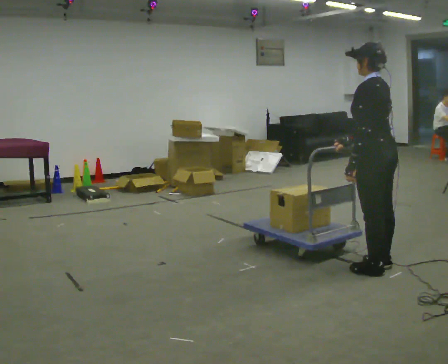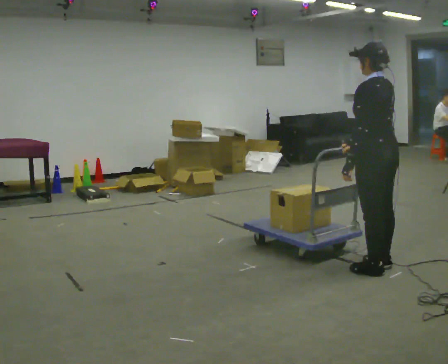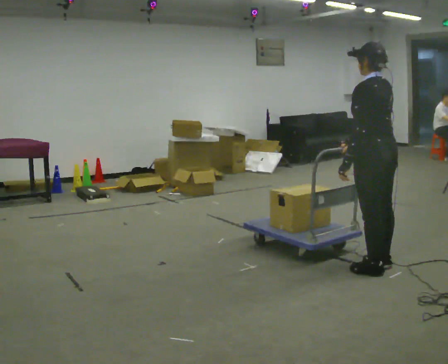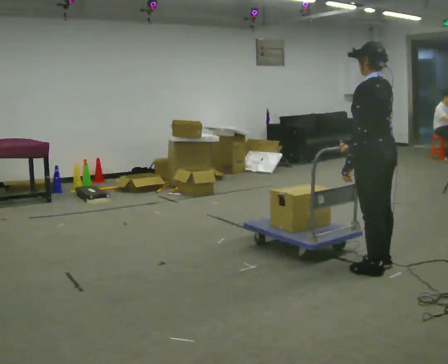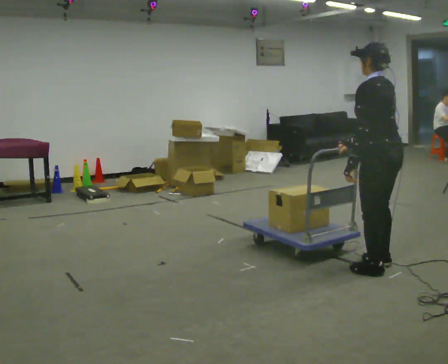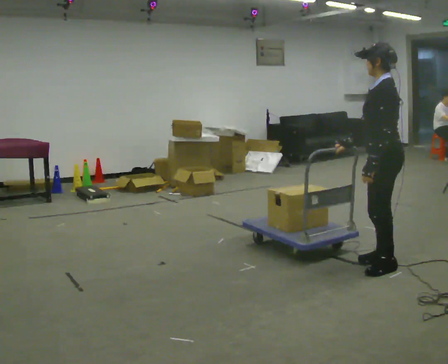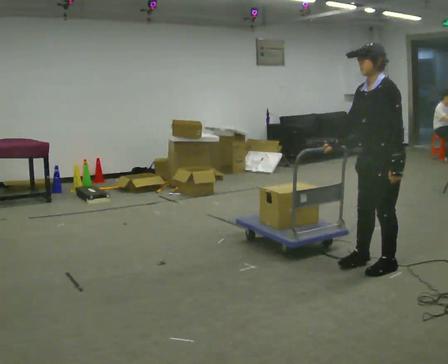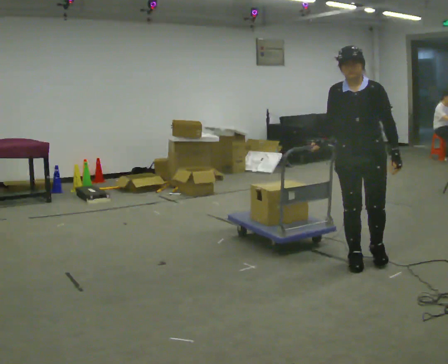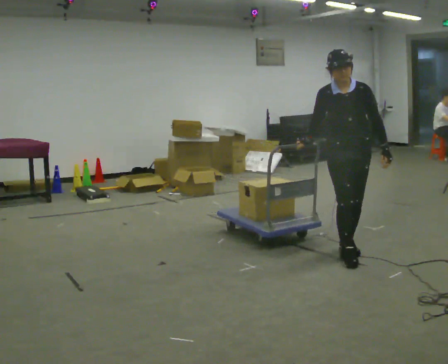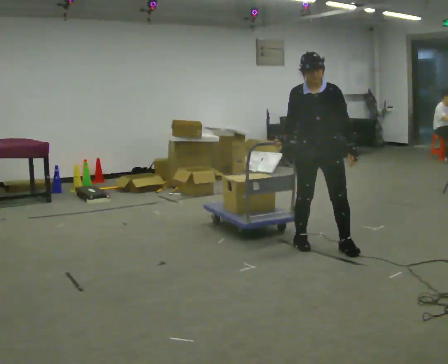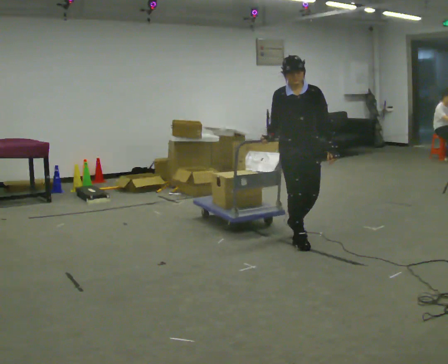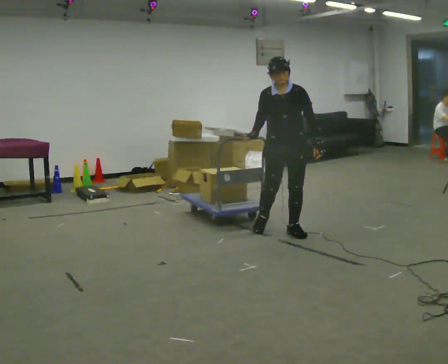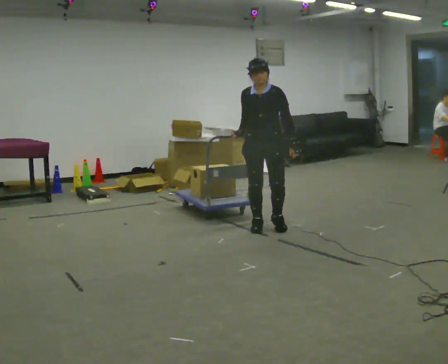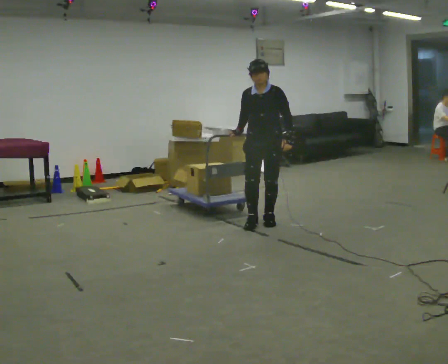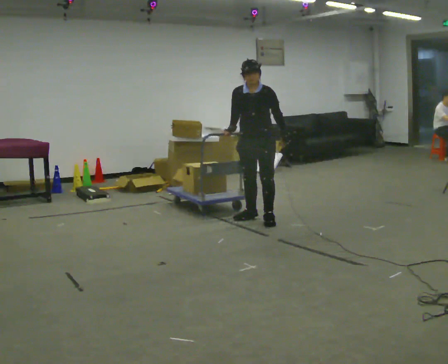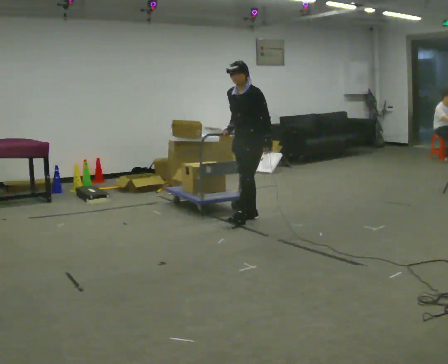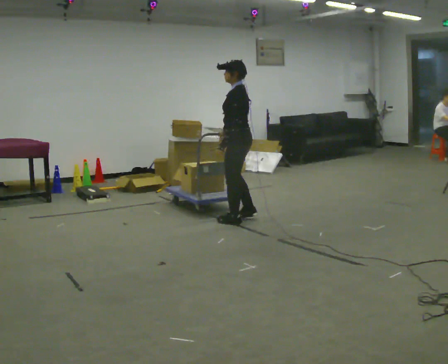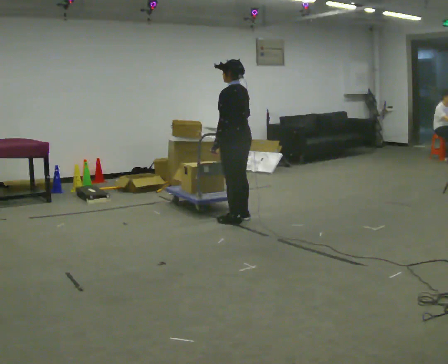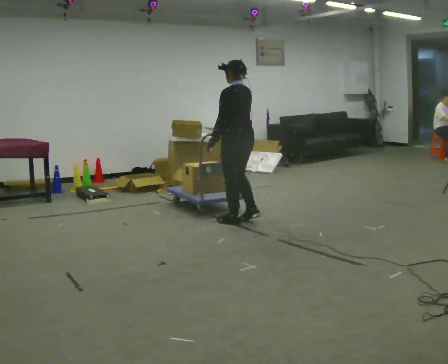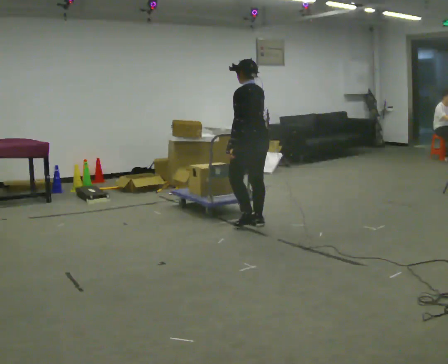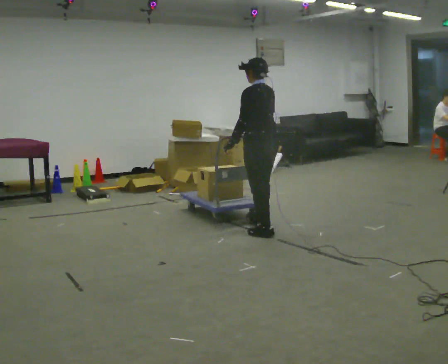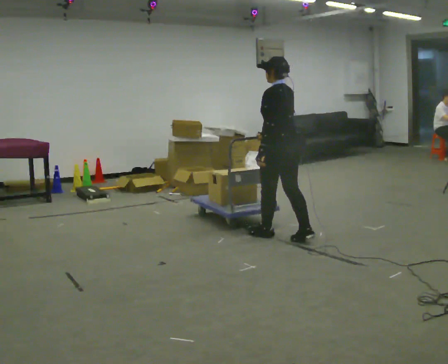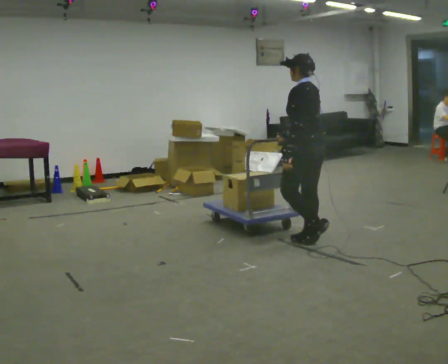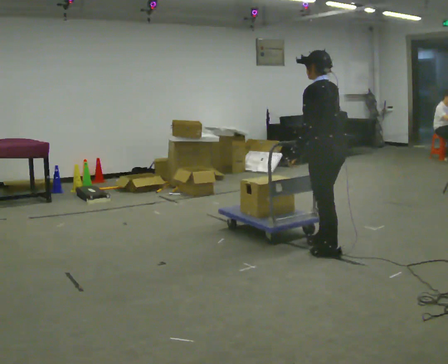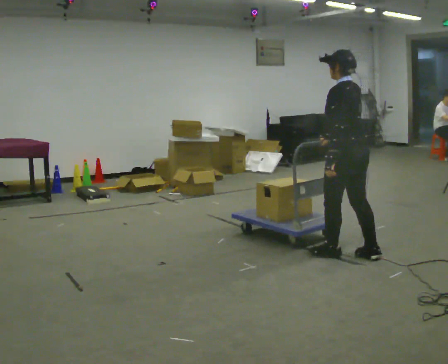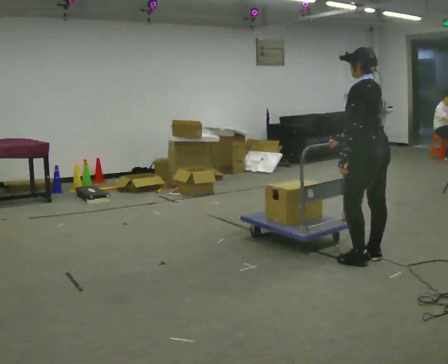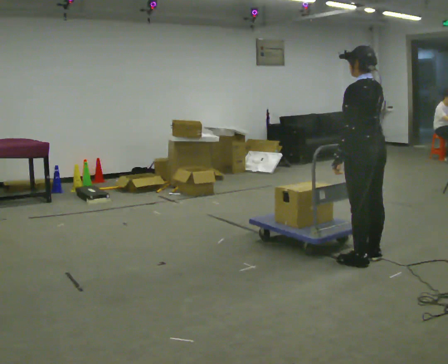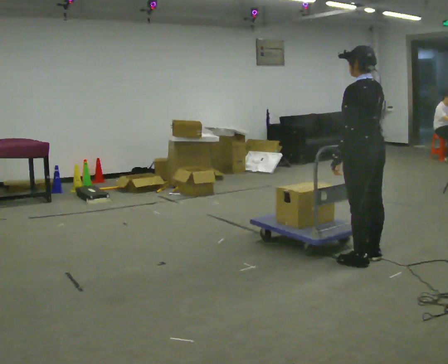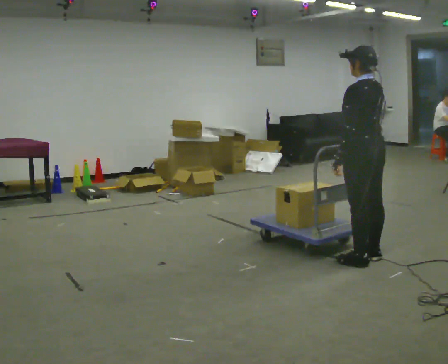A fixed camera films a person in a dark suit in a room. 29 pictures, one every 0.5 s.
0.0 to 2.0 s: The person moves a little, or ends about where they began.
2.0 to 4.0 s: Seen from above the body turns counterclockwise, about 135 degrees: to their left, with its near side sliding to the right. In the picture they go away from the camera and to the left, about 0.5 m in 3 steps.
4.0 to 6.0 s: In the picture they go away from the camera and to the left, about 1 m in 3 steps, which for them is backward and to their right.
6.0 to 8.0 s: The person turns about 90 degrees to their right, clockwise seen from above, so the part of the body nearest the lens slides to the left. In the picture they go to the left and away from the camera, about 0.25 m in 2 steps.
8.0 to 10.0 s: Seen from above the body turns clockwise, about 30 degrees: to their right, with its near side sliding to the left. In the picture they go toward the camera and to the right, about 0.5 m in 3 steps, which for them is backward.
10.0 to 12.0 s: In the picture they go to the right and toward the camera, about 1 m in 2 steps, which for them is backward.
12.0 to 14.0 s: The person moves a little, or ends about where they began.
The film runs backward here.
